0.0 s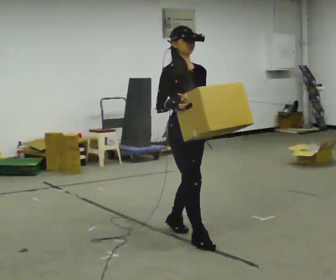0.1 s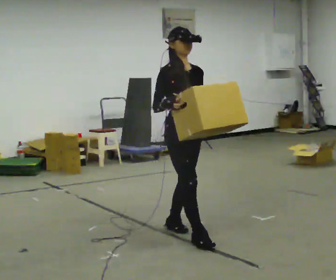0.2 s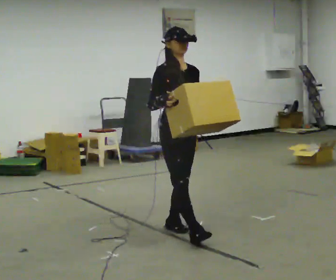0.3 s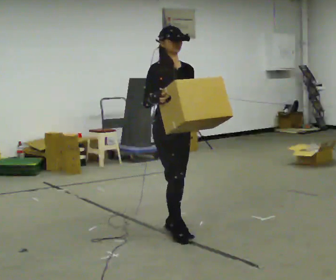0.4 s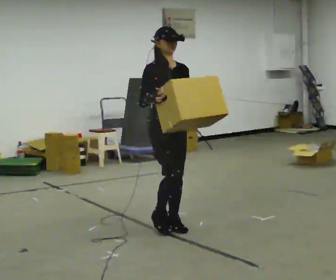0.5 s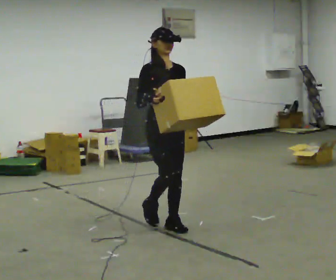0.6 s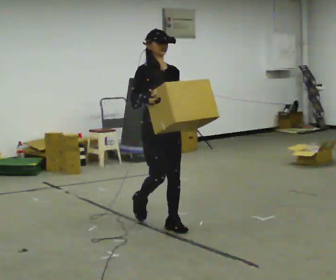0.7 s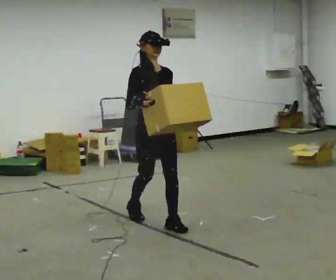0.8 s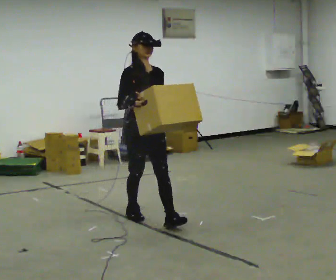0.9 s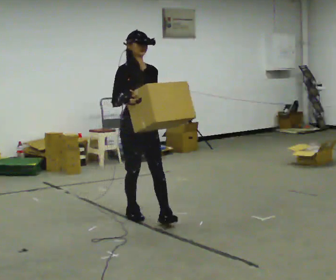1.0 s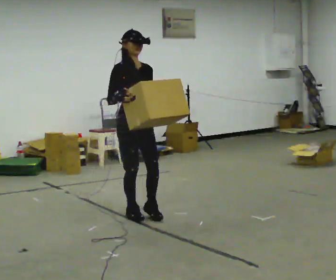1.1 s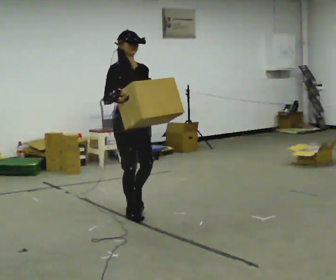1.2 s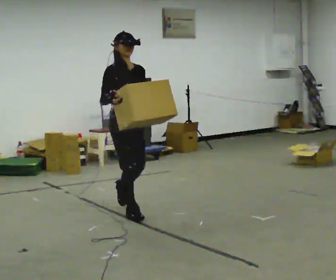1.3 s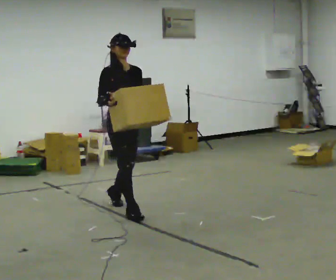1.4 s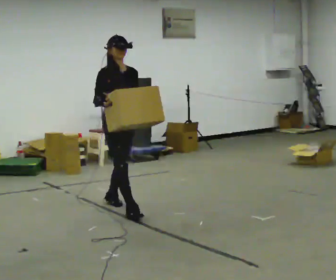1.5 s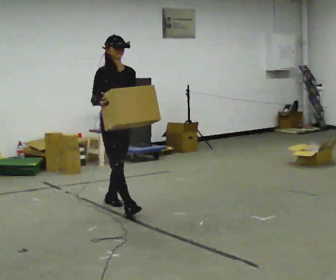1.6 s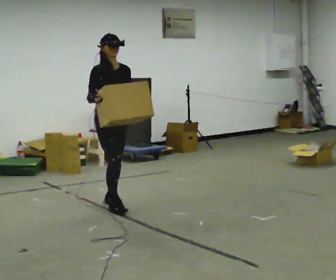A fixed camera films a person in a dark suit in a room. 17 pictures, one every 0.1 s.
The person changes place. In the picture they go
away from the camera.
0.0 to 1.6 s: In the picture they go away from the camera and to the left, about 1.5 m in 3 steps, which for them is backward.
The film runs backward here.
